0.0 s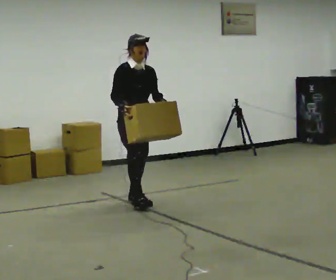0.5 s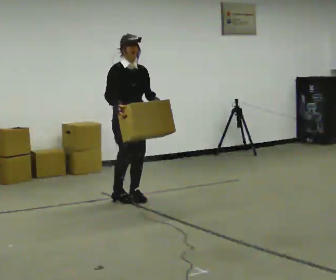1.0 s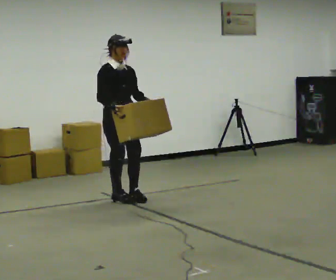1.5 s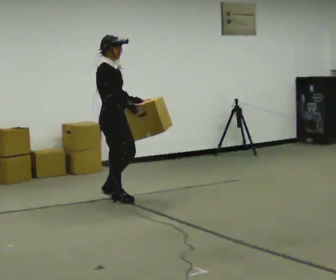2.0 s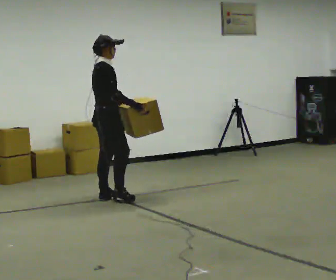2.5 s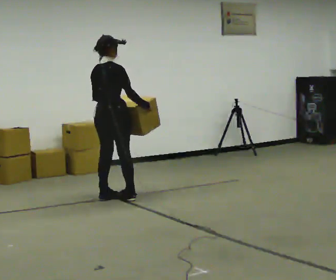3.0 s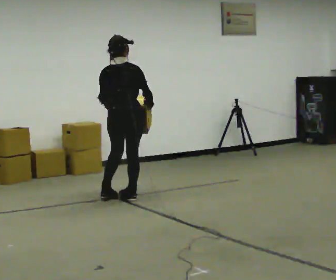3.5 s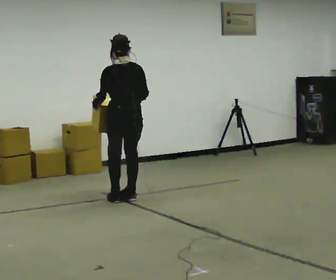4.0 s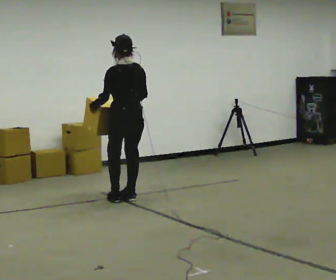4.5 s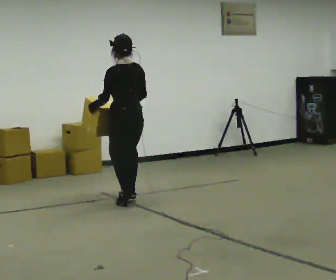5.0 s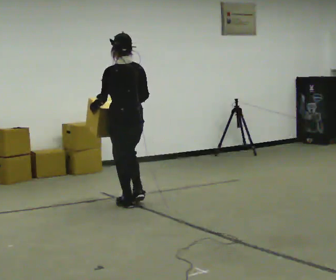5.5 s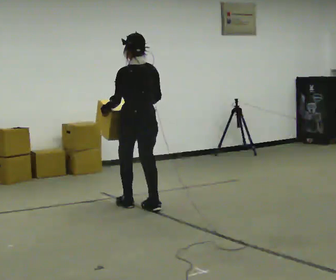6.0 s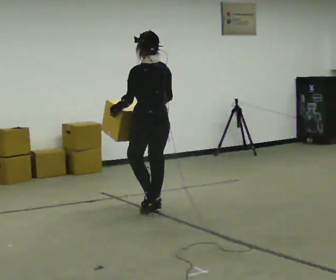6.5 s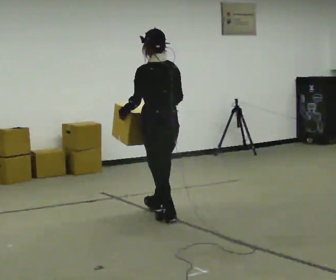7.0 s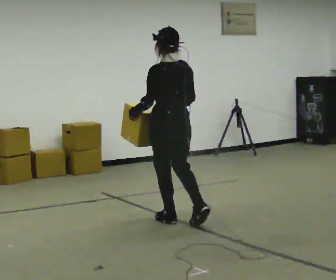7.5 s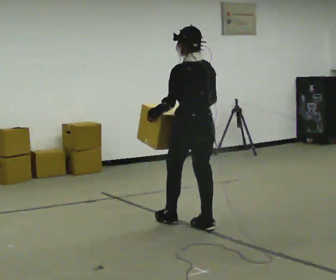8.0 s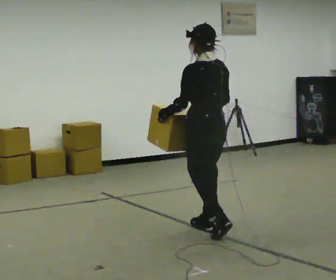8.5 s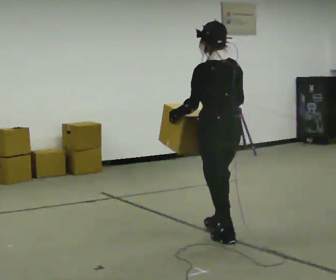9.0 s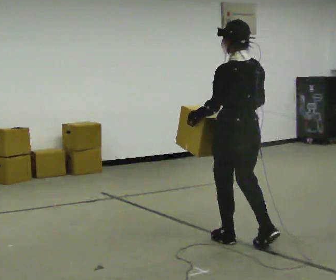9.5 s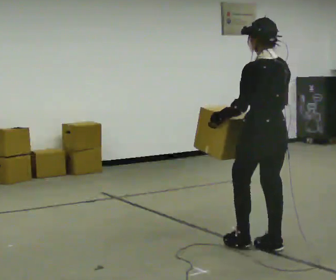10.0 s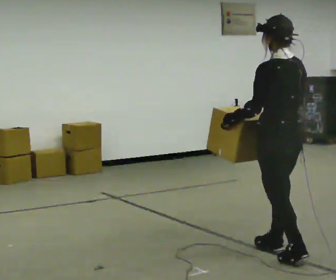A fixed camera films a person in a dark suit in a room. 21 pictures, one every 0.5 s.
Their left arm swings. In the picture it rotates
clockwise.
The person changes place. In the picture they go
toward the camera.
0.0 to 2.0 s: The part of the body nearest the lens slides to the right as the person turns to their left by about 75 degrees. In the picture they go to the left and away from the camera, about 0.25 m in 1 step.
2.0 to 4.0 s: The part of the body nearest the lens slides to the right as the person turns to their left by about 105 degrees. In the picture they go to the right, about 0.25 m in 1 step.
4.0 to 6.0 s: In the picture they go toward the camera and to the right, about 0.5 m in 3 steps, which for them is backward.
6.0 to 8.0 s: In the picture they go toward the camera and to the right, about 1 m in 2 steps, which for them is backward.
8.0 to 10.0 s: In the picture they go toward the camera and to the right, about 1 m in 2 steps, which for them is backward.
The film runs backward here.
